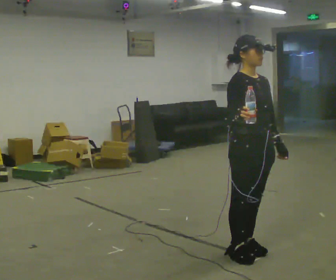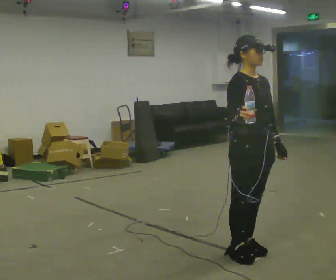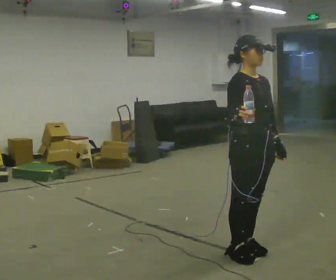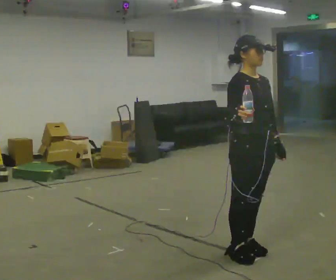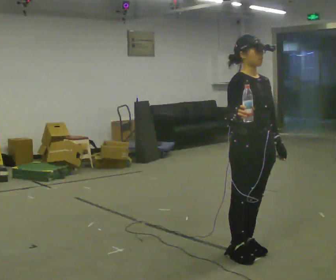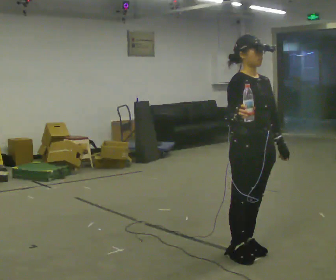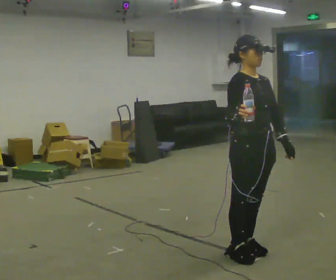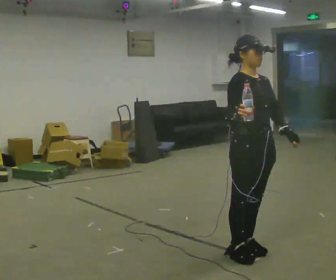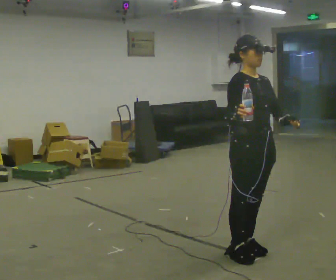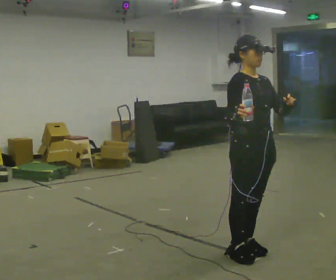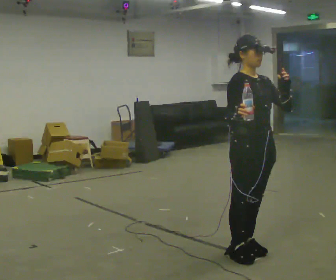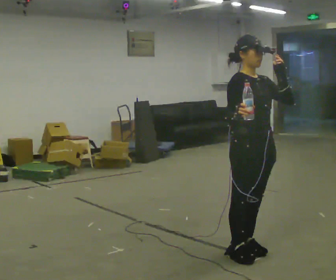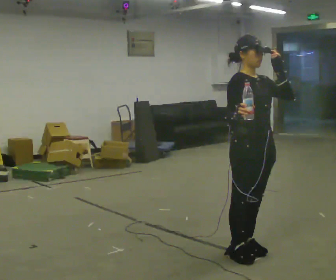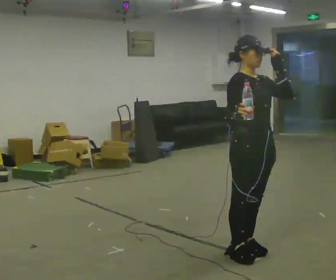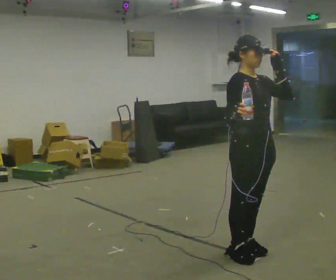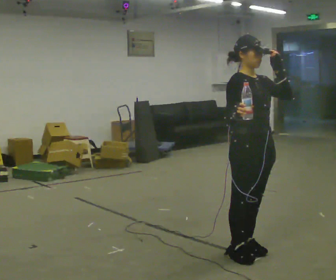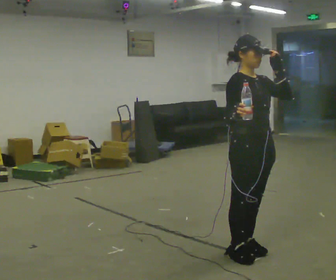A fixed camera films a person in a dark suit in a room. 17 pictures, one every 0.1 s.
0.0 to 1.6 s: In the picture their left hand goes upward.
The film runs backward here.
